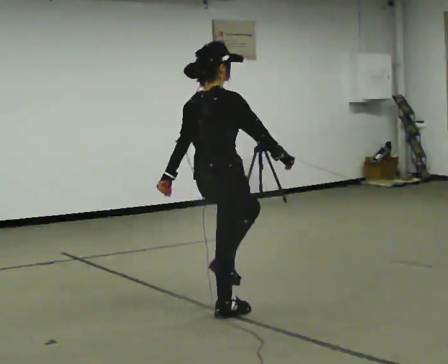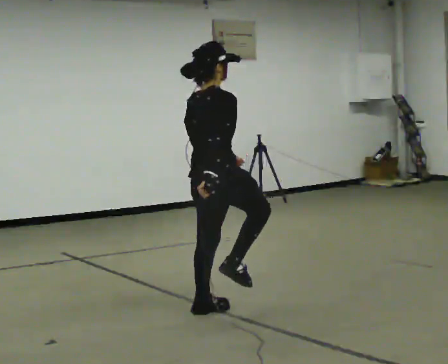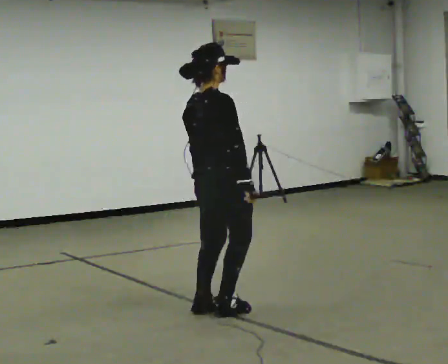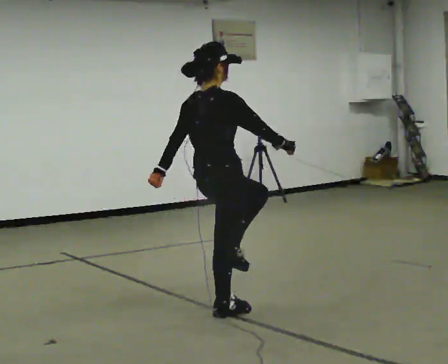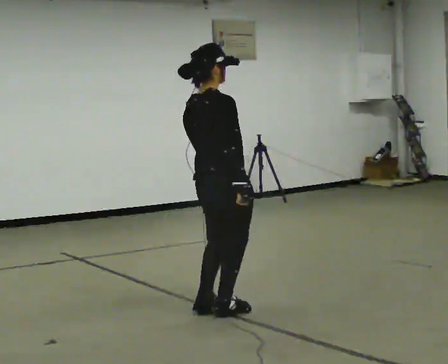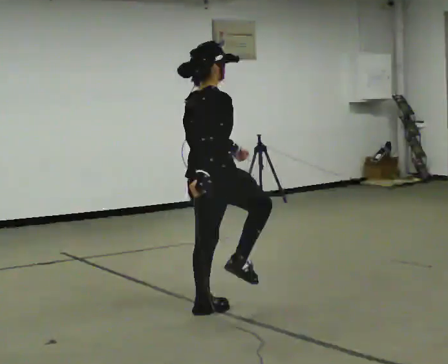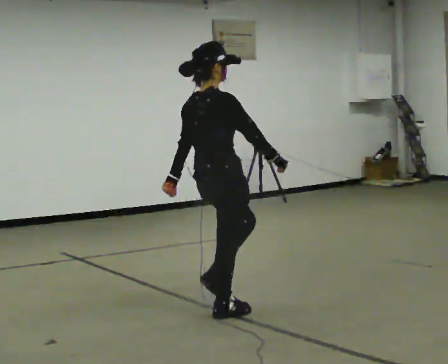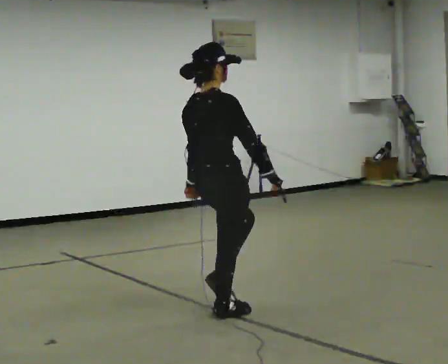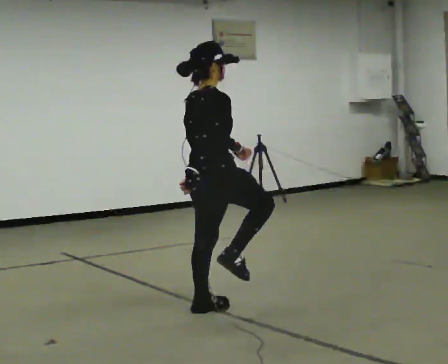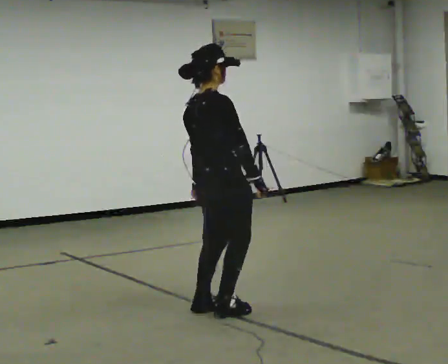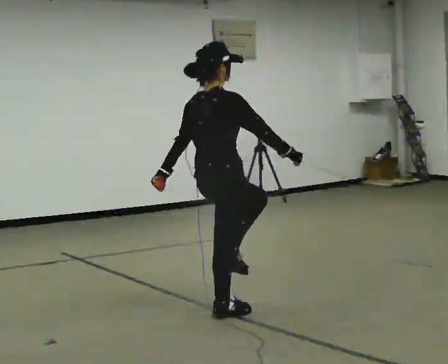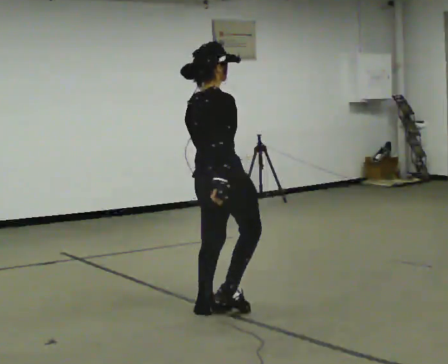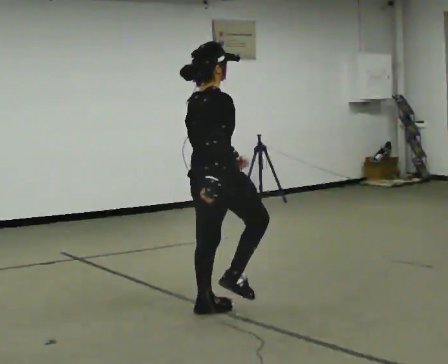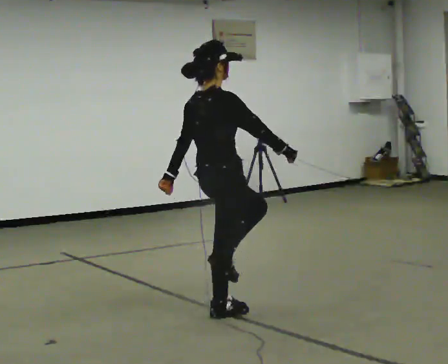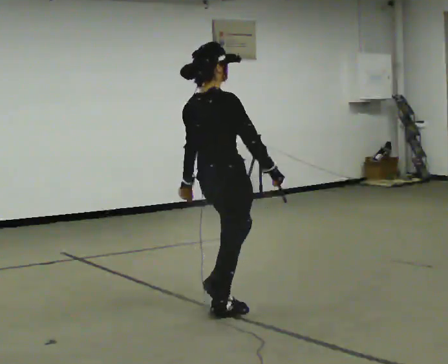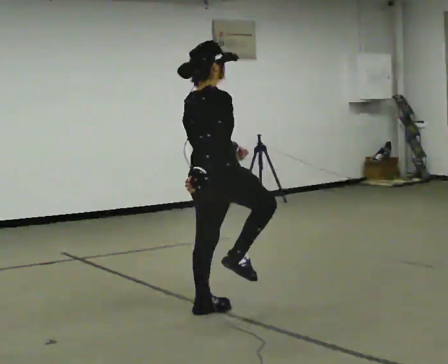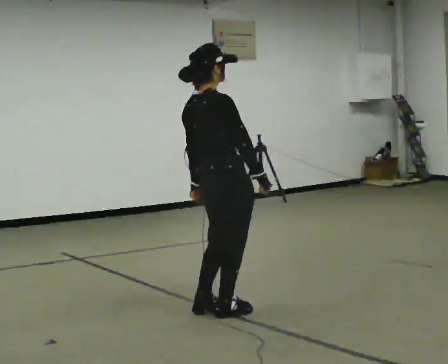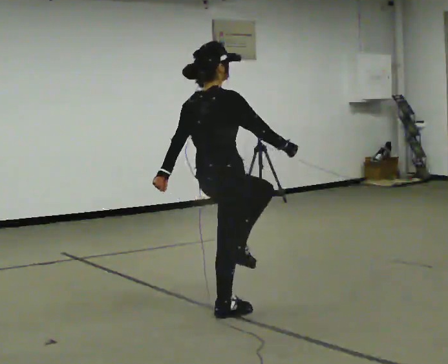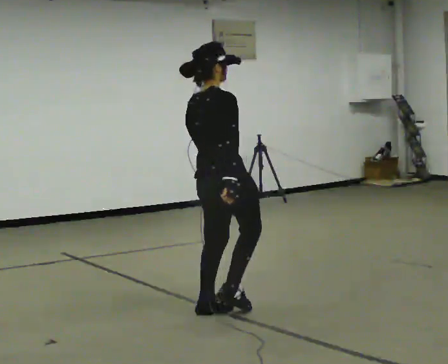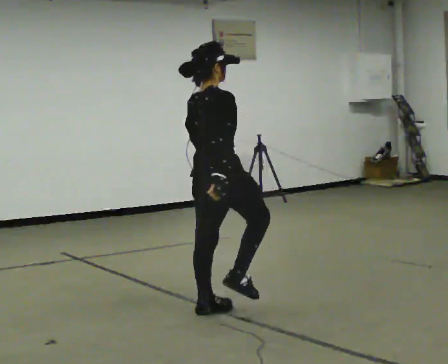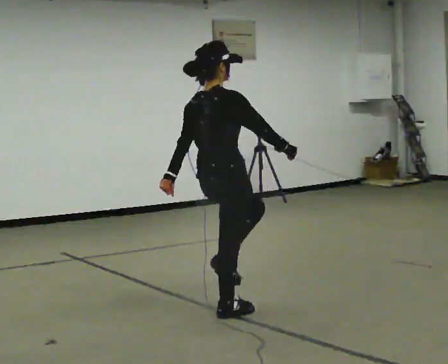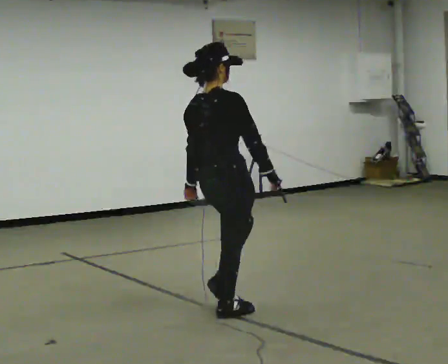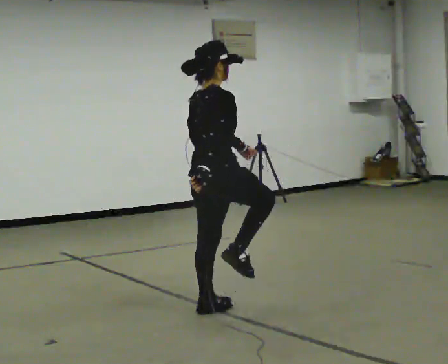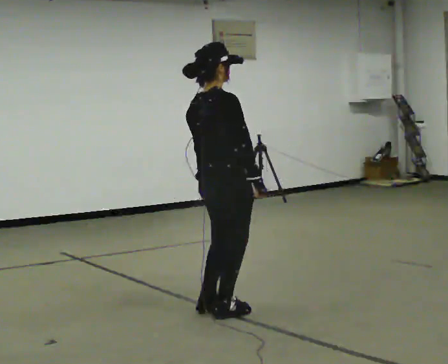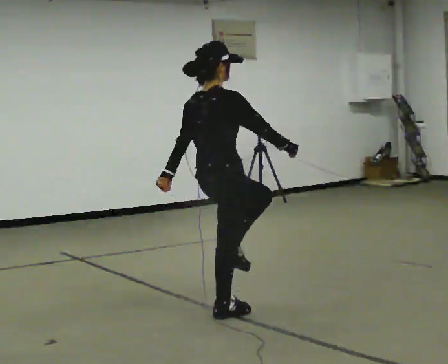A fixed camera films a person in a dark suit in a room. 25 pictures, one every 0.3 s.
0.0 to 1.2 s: The person moves a little, or ends about where they began.
1.2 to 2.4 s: In the picture their right hand goes to the left.
2.4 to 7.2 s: In the picture their right hand goes to the right.
The film runs backward here.
